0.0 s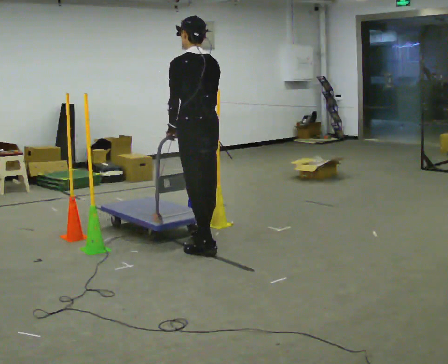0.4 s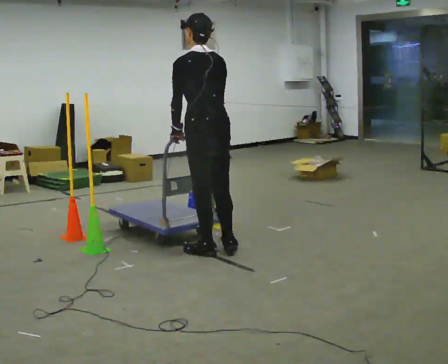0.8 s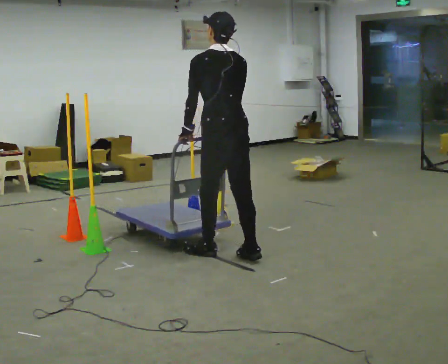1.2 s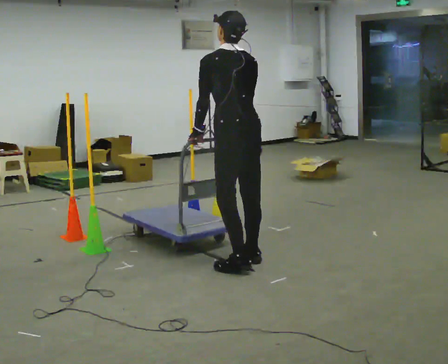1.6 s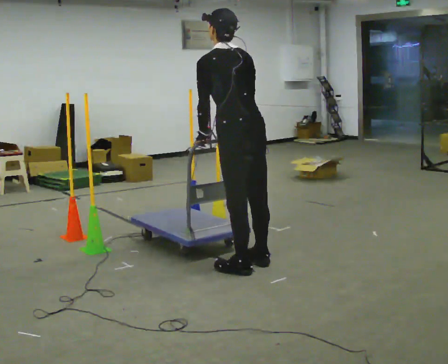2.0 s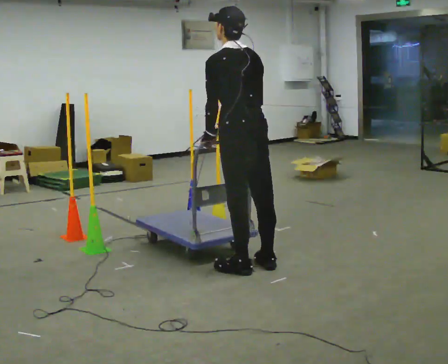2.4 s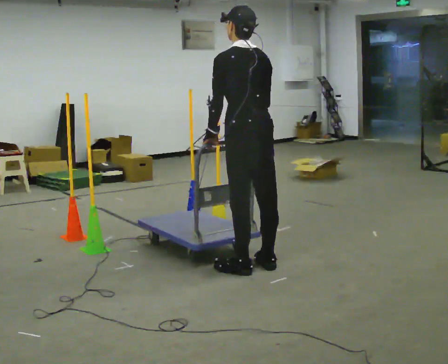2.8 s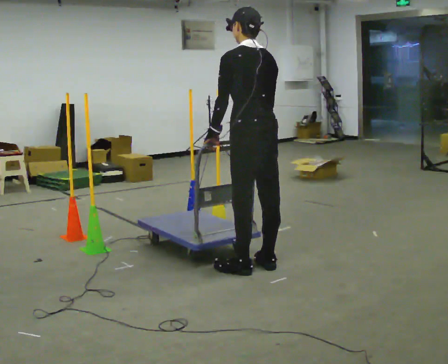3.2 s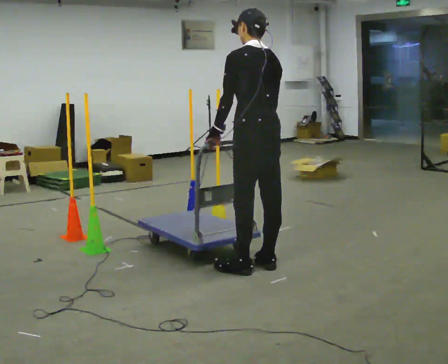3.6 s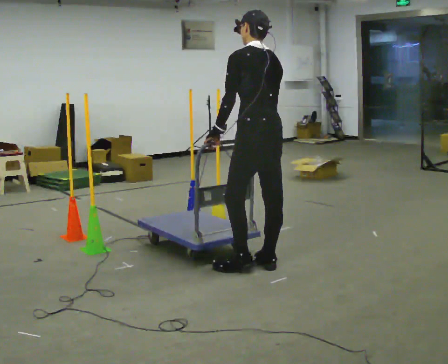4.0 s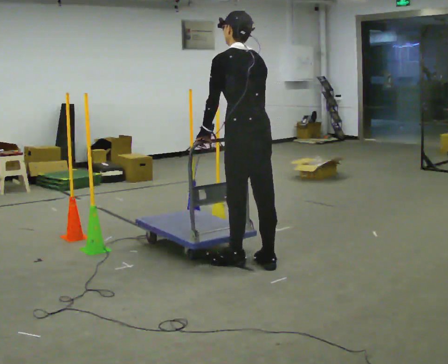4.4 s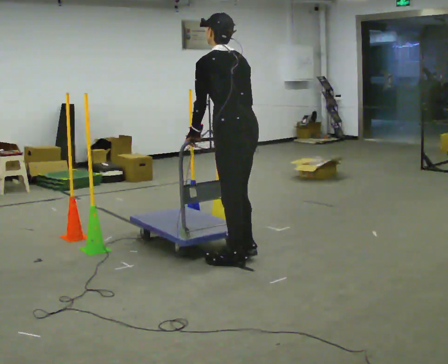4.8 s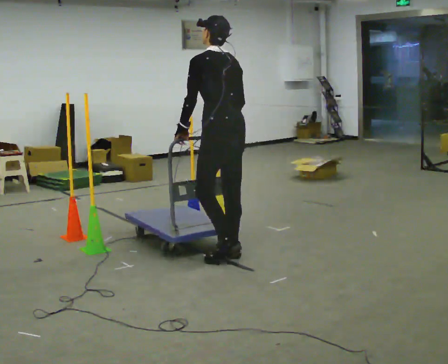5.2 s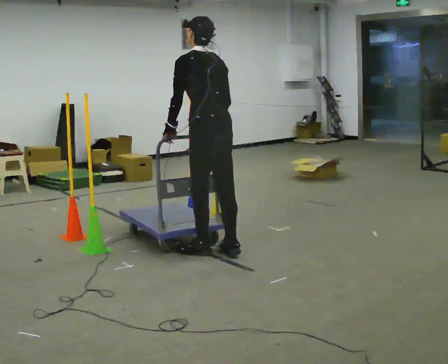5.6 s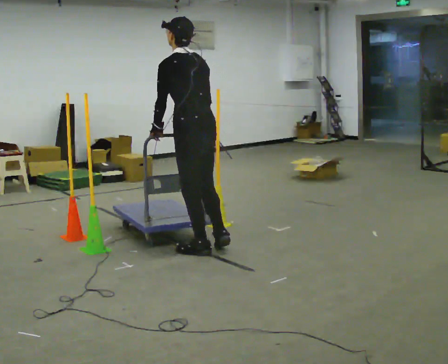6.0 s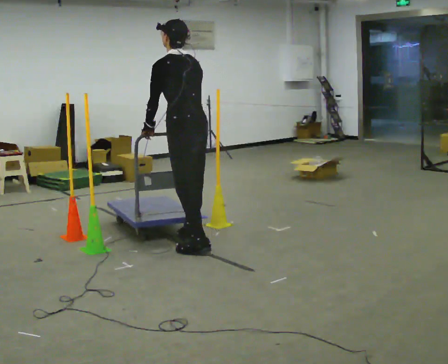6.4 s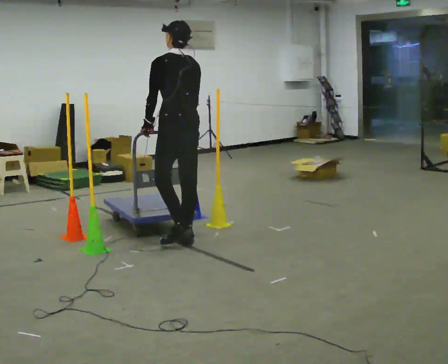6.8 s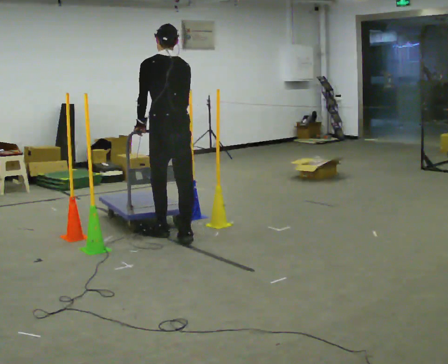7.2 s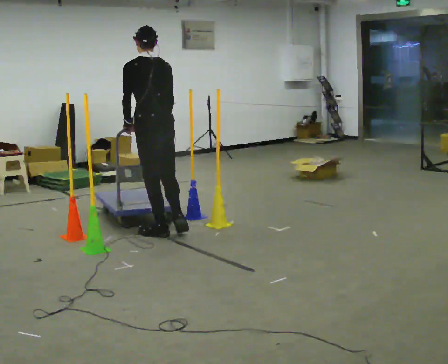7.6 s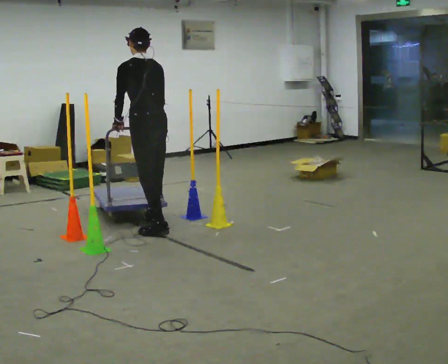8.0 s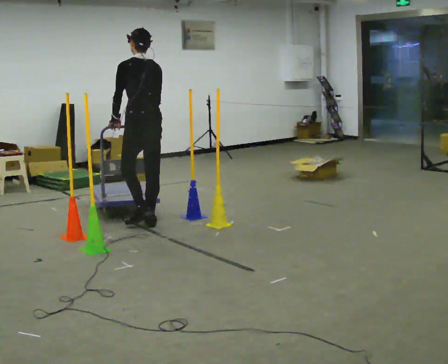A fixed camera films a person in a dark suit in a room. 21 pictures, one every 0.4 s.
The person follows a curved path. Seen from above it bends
counterclockwise.
0.0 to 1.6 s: In the picture they go toward the camera and to the right, about 0.5 m in 2 steps, which for them is backward.
1.6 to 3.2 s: The person moves a little, or ends about where they began.
3.2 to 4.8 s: In the picture they go away from the camera and to the left, about 0.5 m in 2 steps, which for them is forward.
4.8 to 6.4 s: In the picture they go to the left and away from the camera, about 0.5 m in 2 steps, which for them is forward.
6.4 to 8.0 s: In the picture they go away from the camera and to the left, about 0.75 m in 2 steps, which for them is forward.
The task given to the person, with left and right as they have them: Push the cart in and out of the line of poles without touching any of them. Keep going until the operator says stop.
The film runs forward here.
